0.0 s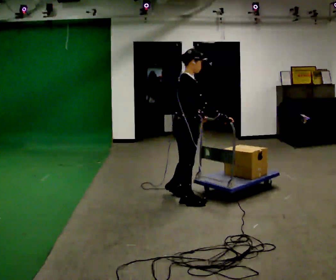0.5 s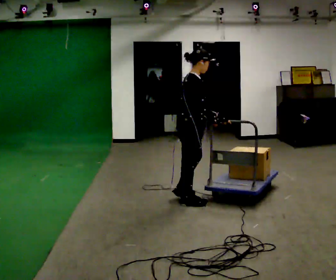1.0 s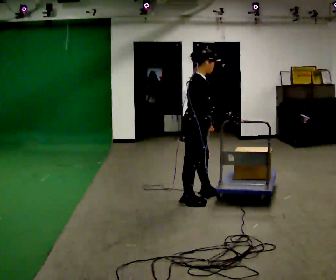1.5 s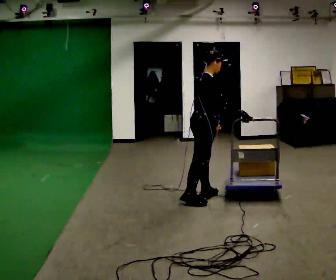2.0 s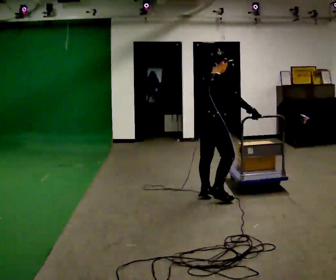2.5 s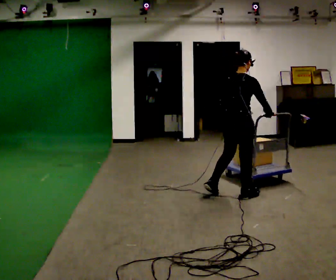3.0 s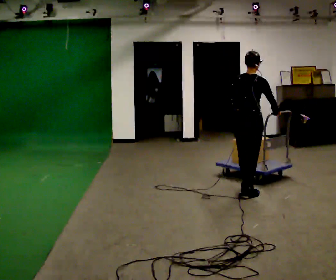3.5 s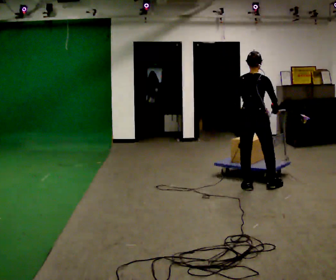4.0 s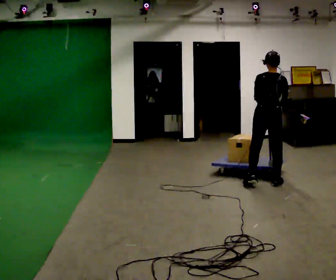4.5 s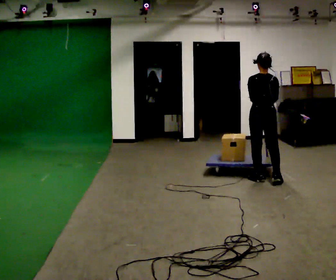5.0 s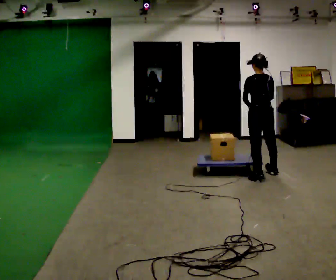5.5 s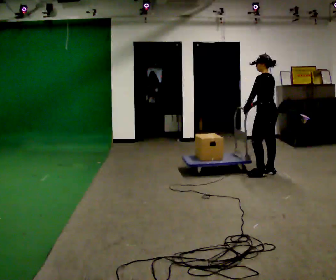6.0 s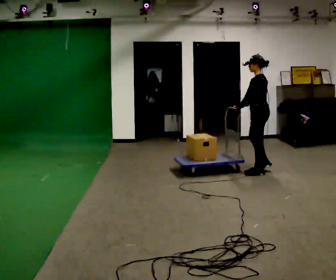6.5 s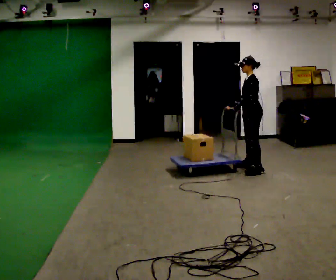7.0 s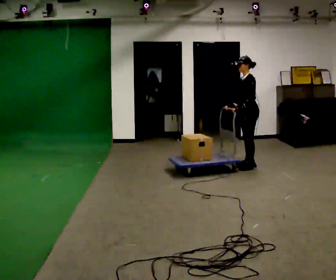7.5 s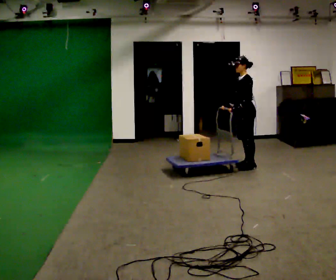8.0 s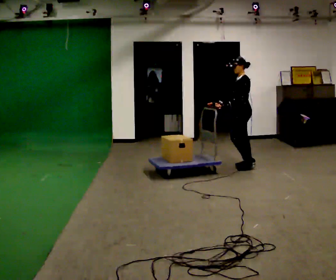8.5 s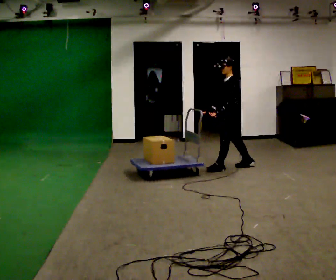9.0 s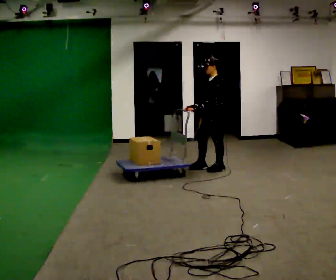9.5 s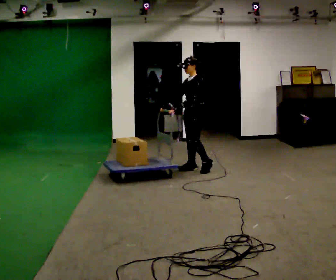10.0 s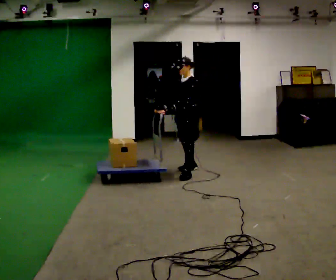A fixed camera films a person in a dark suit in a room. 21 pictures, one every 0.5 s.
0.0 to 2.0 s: The part of the body nearest the lens slides to the right as the person turns to their left by about 30 degrees. In the picture they go to the right and away from the camera, about 0.25 m in 2 steps, which for them is forward.
2.0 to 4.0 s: The person turns about 60 degrees to their left, counterclockwise seen from above, so the part of the body nearest the lens slides to the right. In the picture they go to the right and away from the camera, about 1 m in 3 steps, which for them is forward and to their right.
4.0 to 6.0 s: The part of the body nearest the lens slides to the right as the person turns to their left by about 75 degrees. In the picture they go away from the camera, about 0.5 m in 3 steps.
6.0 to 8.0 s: Seen from above the body turns counterclockwise, about 30 degrees: to their left, with its near side sliding to the right. In the picture they go away from the camera and to the left, about 0.5 m in 2 steps, which for them is to their right.
8.0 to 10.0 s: Seen from above the body turns counterclockwise, about 30 degrees: to their left, with its near side sliding to the right. In the picture they go to the left and toward the camera, about 1 m in 3 steps, which for them is forward.
The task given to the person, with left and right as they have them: Stand still with your hands on the cart. When the operator says go, get it moving, push it a few metres, then bring it to a stop. Repeat until the operator says stop.
The film runs forward here.
